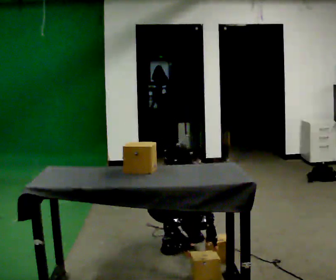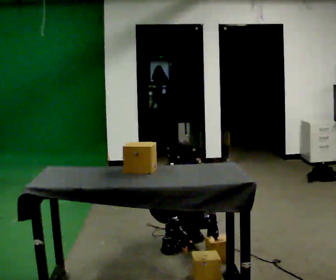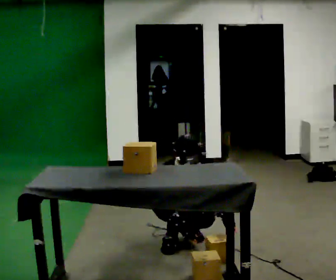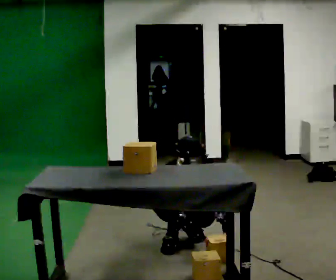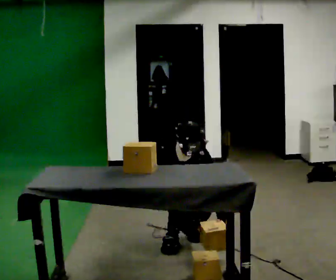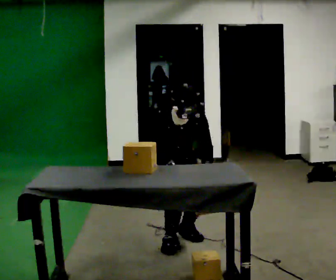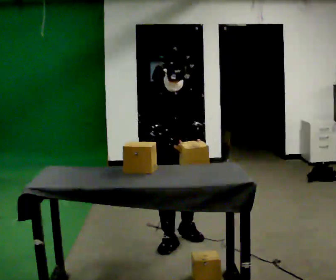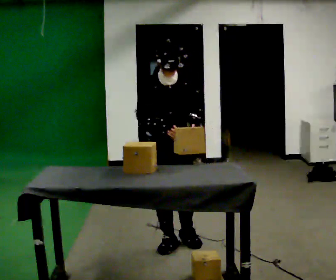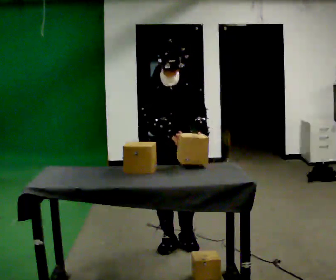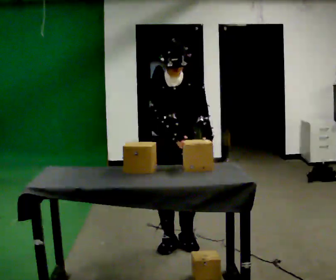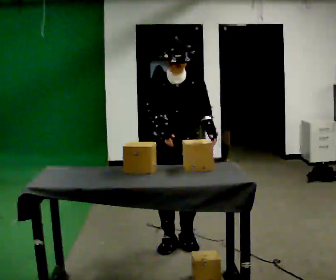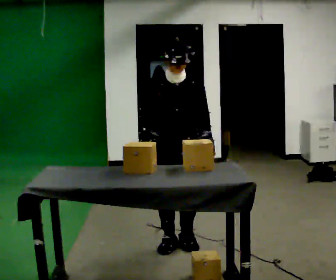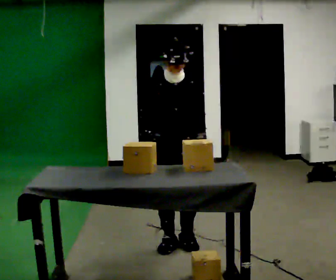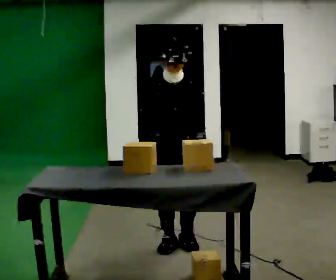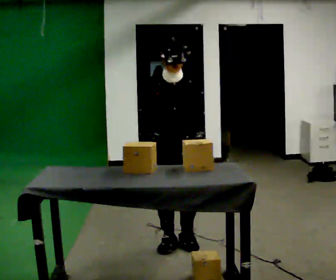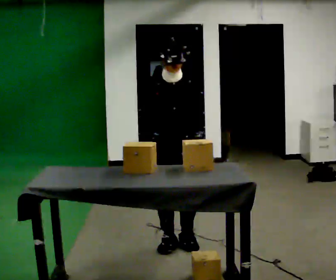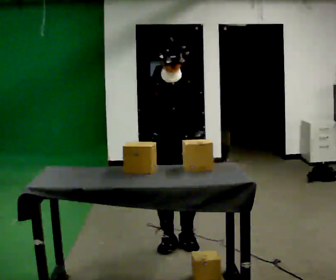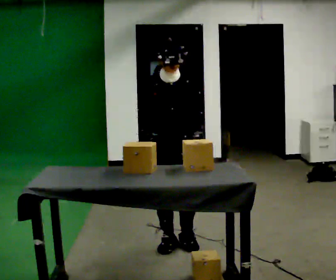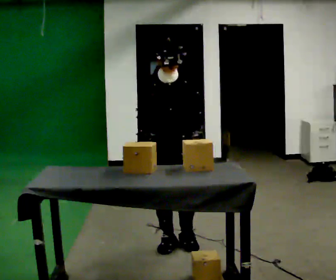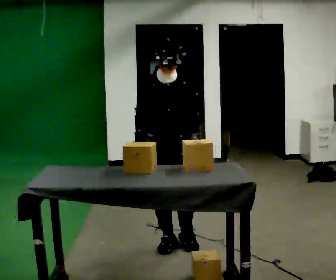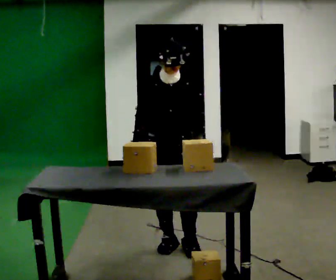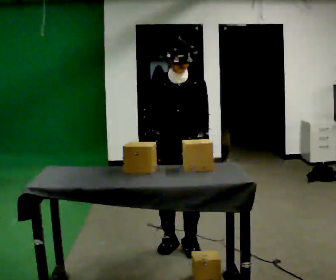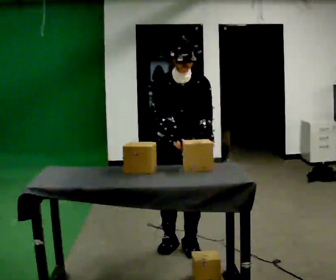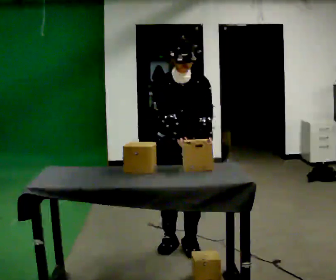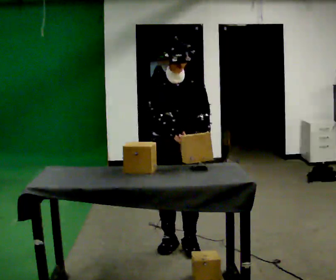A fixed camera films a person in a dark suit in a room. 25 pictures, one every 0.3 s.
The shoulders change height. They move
upward.
0.0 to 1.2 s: The person moves a little, or ends about where they began.
1.2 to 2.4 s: In the picture they go toward the camera, about 0.25 m in 1 step, which for them is forward. The upper body goes upward. The upper body tips away from the camera, its near side rolling upward, as they lean back or straighten. In the picture their left hand goes upward.
2.4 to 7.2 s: The person moves a little, or ends about where they began.
The film runs backward here.
